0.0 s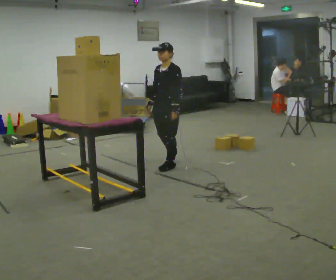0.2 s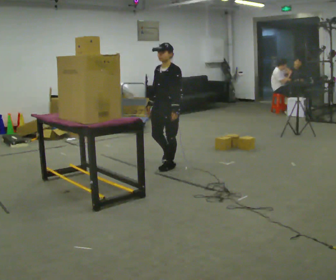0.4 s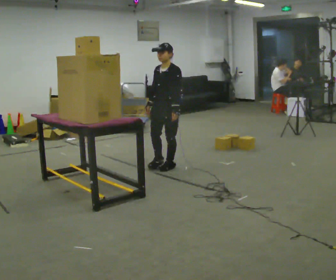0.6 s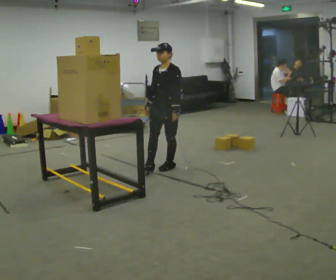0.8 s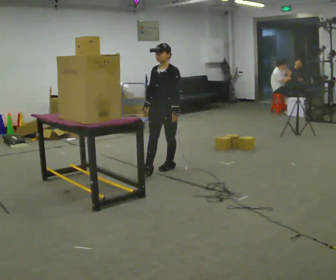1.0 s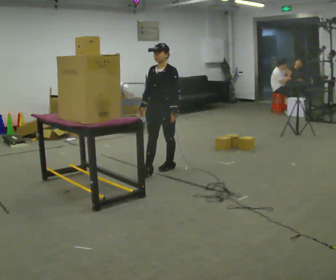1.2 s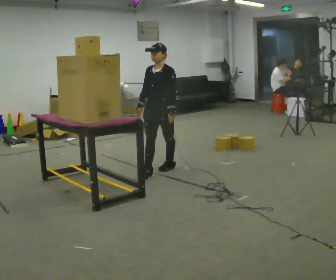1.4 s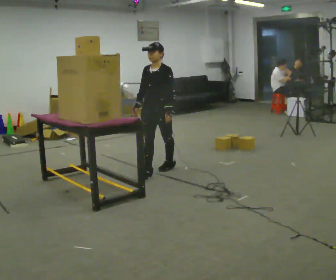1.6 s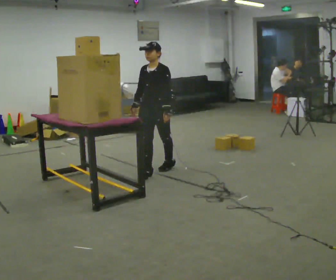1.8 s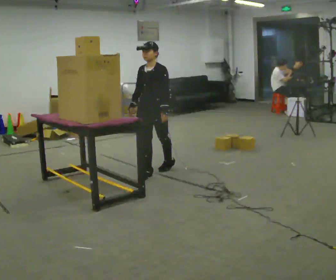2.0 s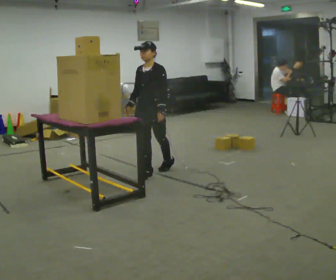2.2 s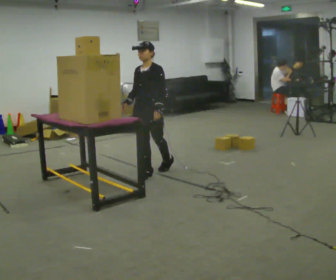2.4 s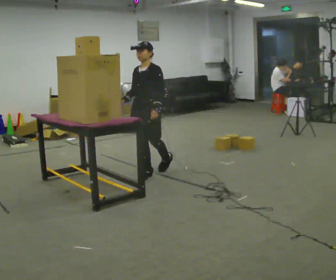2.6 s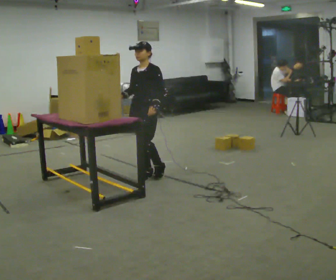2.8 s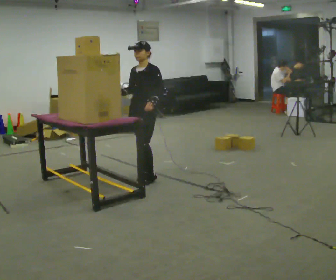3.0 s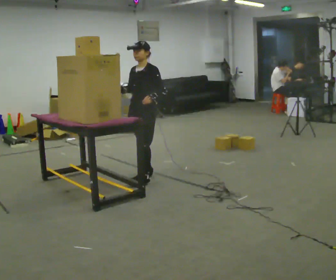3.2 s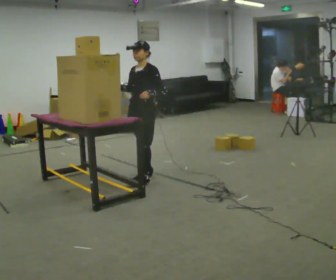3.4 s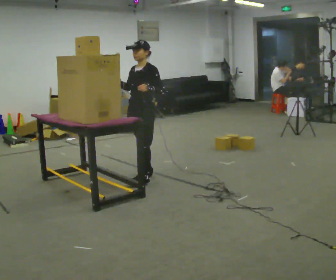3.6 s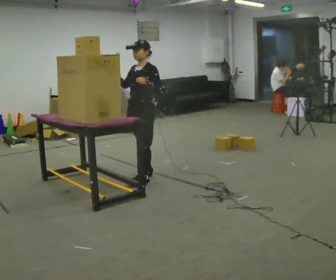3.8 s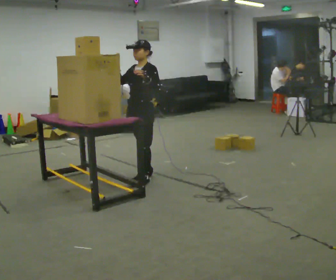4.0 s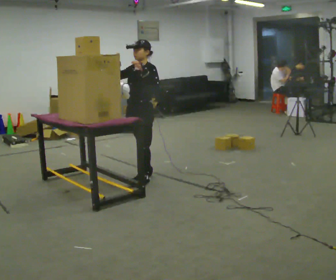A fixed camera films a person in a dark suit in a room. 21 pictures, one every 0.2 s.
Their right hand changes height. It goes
upward.
Their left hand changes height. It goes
upward.
0.0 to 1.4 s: In the picture they go toward the camera, about 0.25 m in 1 step, which for them is forward.
1.4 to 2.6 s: In the picture they go toward the camera, about 0.25 m, which for them is forward.
2.6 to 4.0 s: In the picture they go toward the camera, about 0.25 m in 1 step, which for them is forward. In the picture their left hand goes upward.
The film runs forward here.
